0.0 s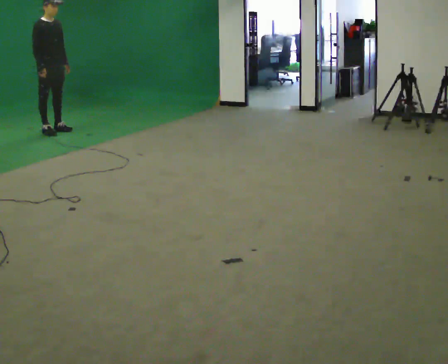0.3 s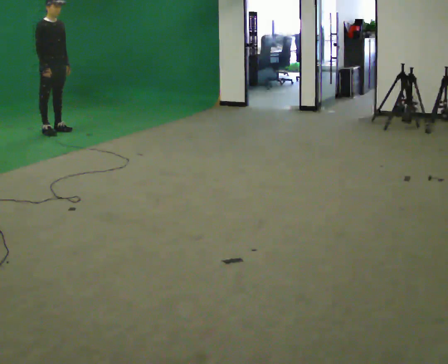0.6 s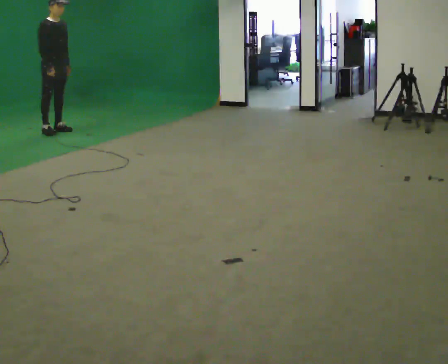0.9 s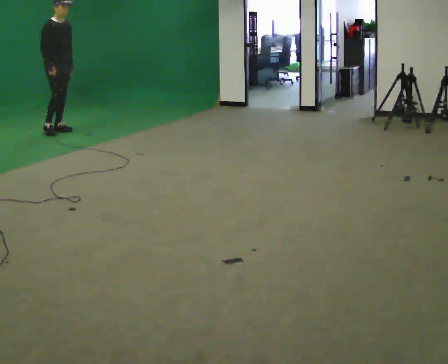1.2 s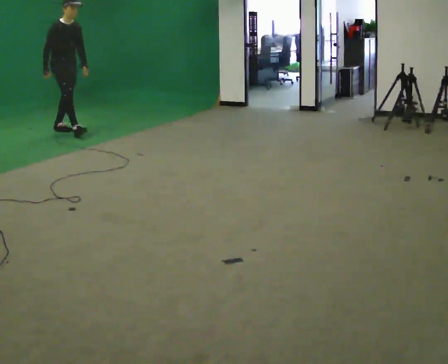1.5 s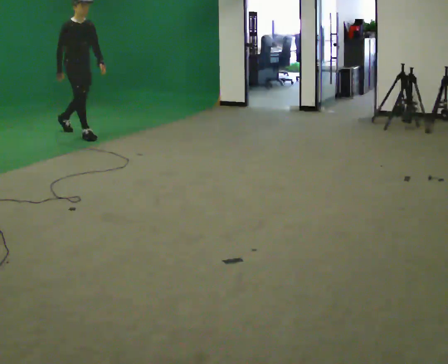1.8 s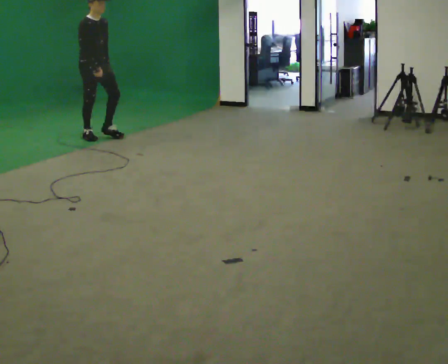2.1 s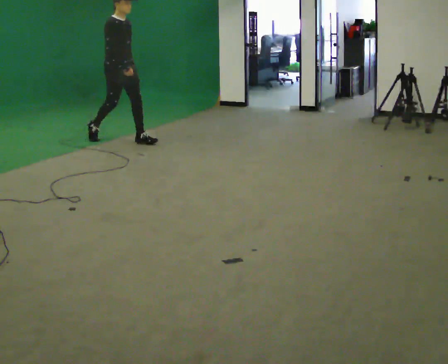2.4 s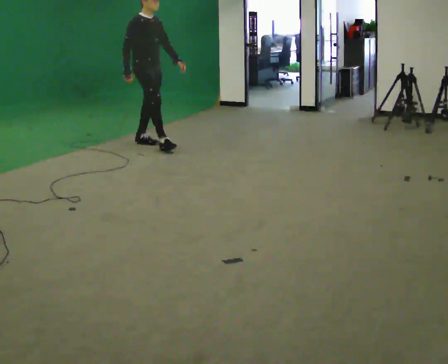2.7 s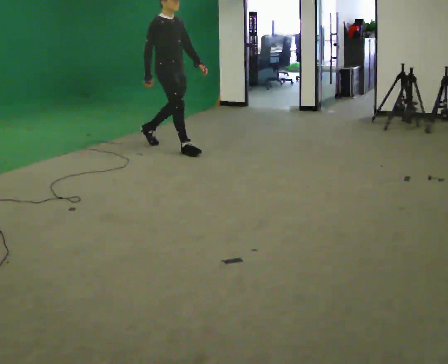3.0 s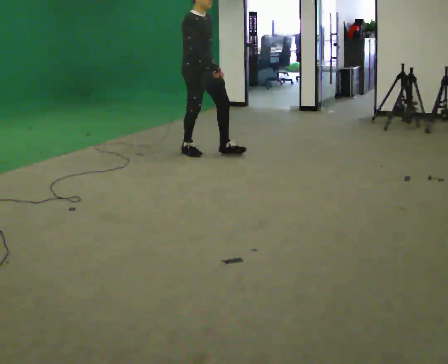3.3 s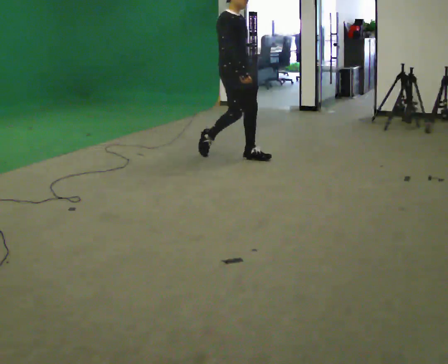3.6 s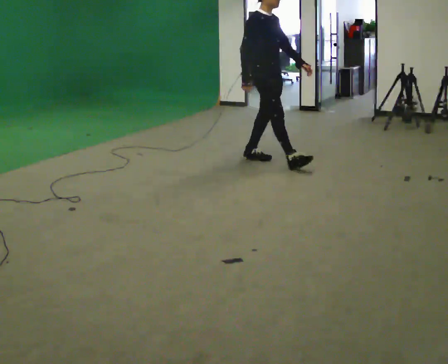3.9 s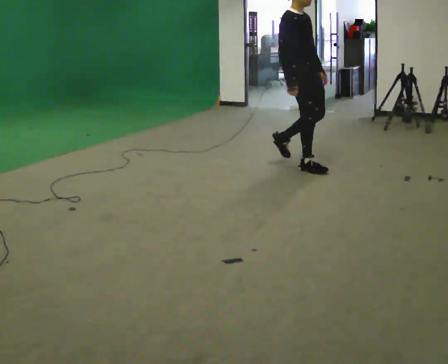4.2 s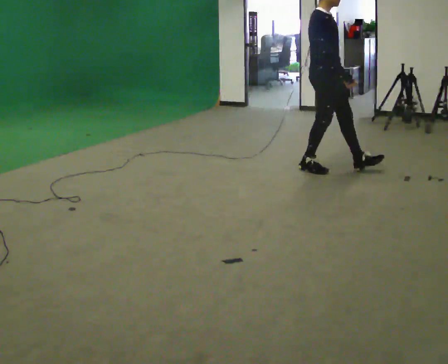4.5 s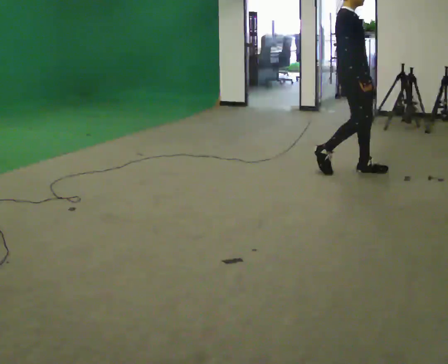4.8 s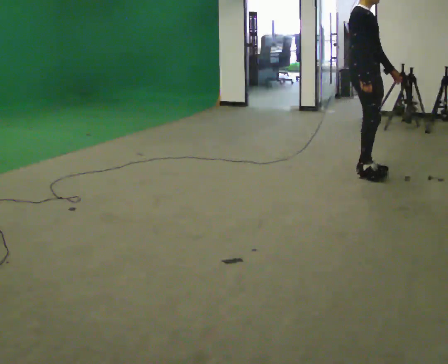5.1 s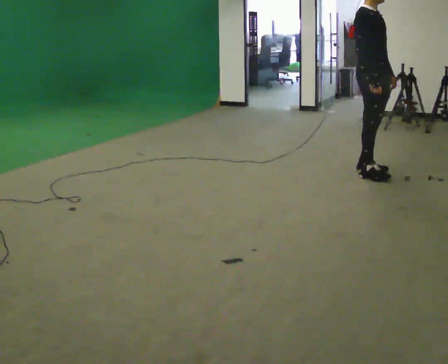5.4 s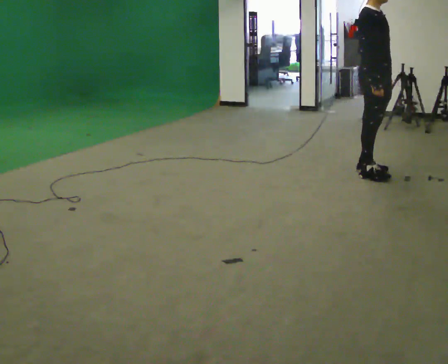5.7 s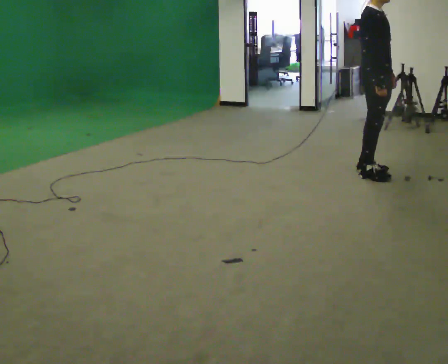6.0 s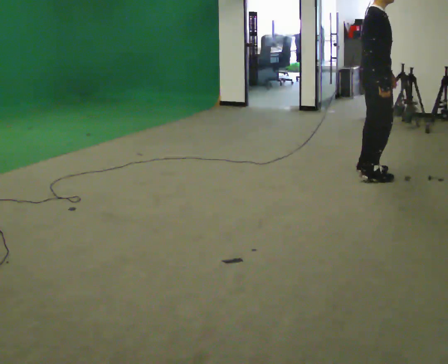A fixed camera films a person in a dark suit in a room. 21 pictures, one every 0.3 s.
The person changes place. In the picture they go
to the right.
0.0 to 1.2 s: In the picture they go to the right, about 0.25 m, which for them is forward.
1.2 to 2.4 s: In the picture they go to the right and toward the camera, about 1.5 m in 2 steps, which for them is forward.
2.4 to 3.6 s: In the picture they go to the right and toward the camera, about 1.5 m in 2 steps, which for them is forward.
3.6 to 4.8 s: In the picture they go to the right and toward the camera, about 1 m in 2 steps, which for them is forward.
4.8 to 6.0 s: Seen from above the body turns counterclockwise, about 30 degrees: to their left, with its near side sliding to the right.
The film runs forward here.
